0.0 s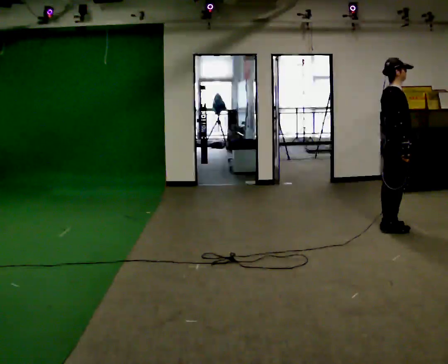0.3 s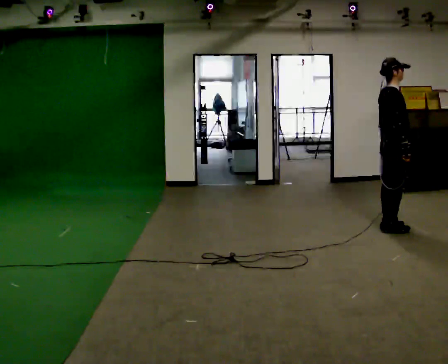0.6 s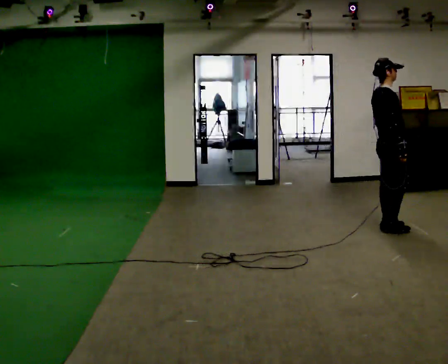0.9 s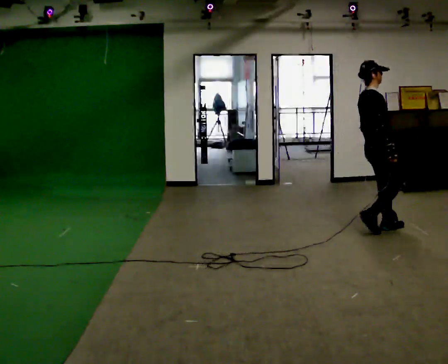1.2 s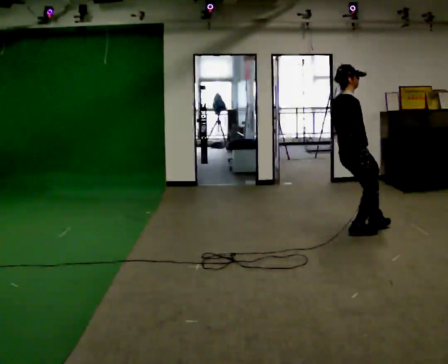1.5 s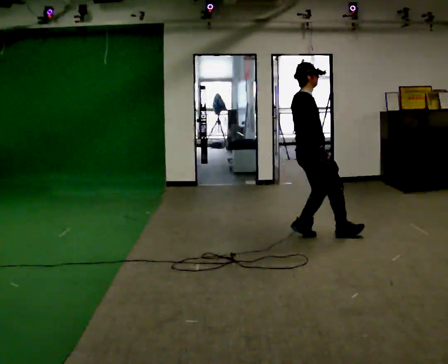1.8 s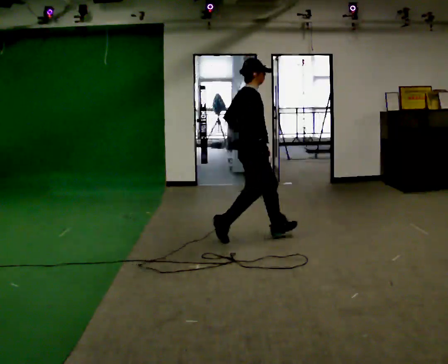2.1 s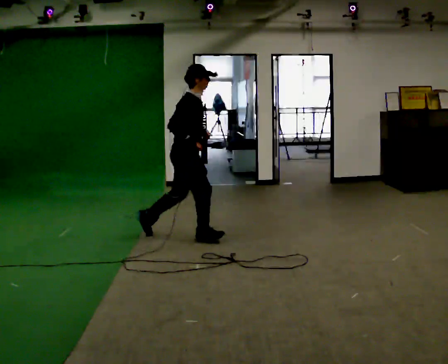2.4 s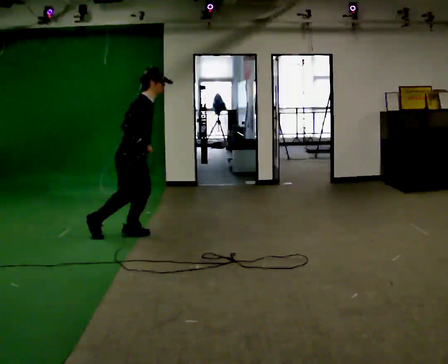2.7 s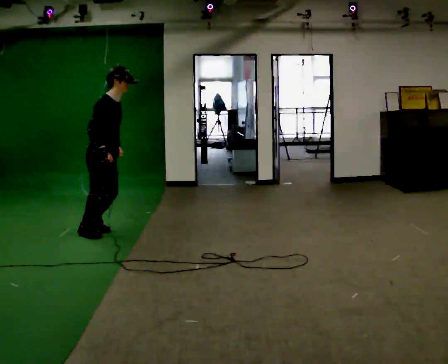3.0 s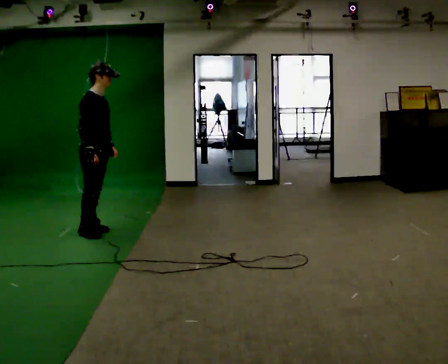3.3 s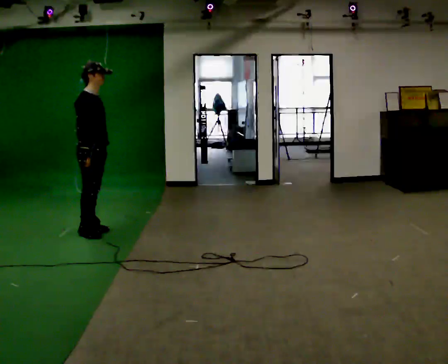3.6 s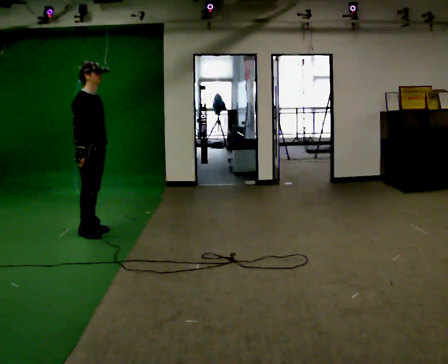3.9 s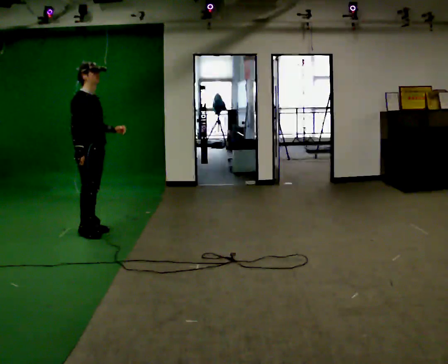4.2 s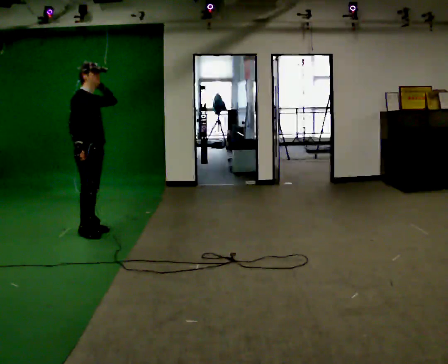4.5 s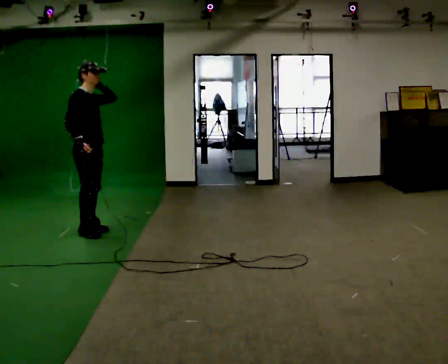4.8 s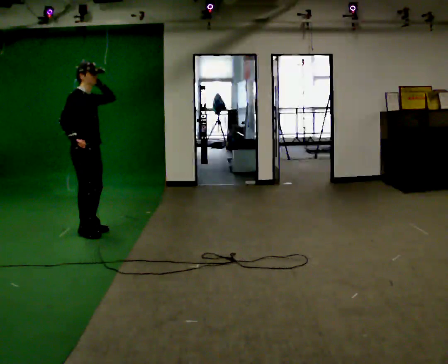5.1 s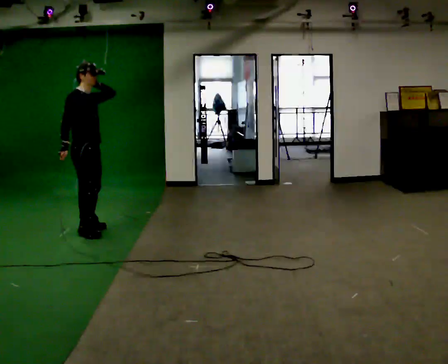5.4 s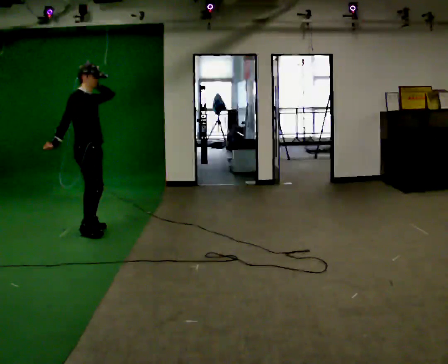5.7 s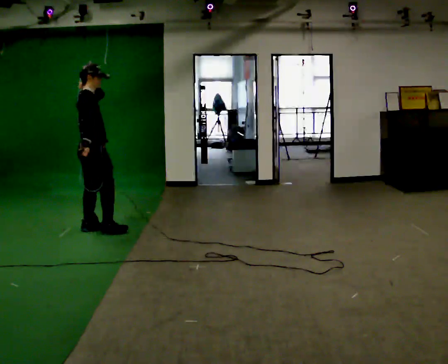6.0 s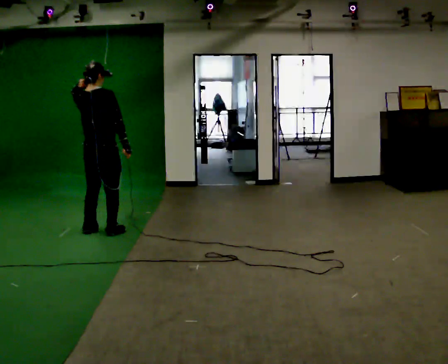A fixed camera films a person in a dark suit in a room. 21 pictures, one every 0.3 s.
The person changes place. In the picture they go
to the left.
The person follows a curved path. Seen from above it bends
clockwise.
0.0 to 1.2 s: In the picture they go to the left, about 0.5 m in 2 steps, which for them is backward.
1.2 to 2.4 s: In the picture they go to the left, about 2 m in 1 step, which for them is backward. In the picture the upper body tilts clockwise, shoulders to the right, as they bend forward.
2.4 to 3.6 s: In the picture they go to the left, about 0.5 m in 1 step, which for them is backward. In the picture the upper body tilts counterclockwise, shoulders to the left, as they lean back or straighten.
3.6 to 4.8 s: In the picture their left hand goes upward.
4.8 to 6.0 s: Seen from above the body turns counterclockwise, about 75 degrees: to their left, with its near side sliding to the right. In the picture they go to the right, about 0.25 m in 2 steps. In the picture their right hand goes to the right.
The film runs backward here.
